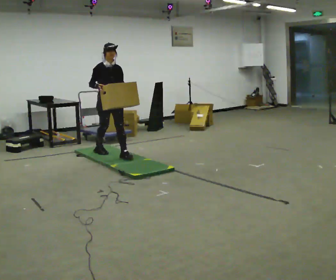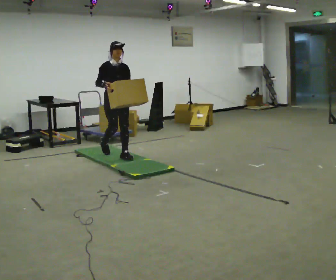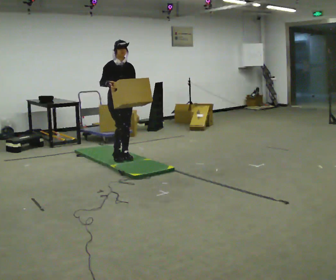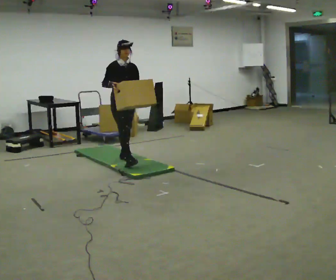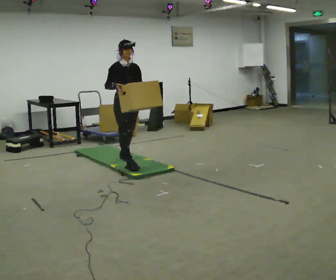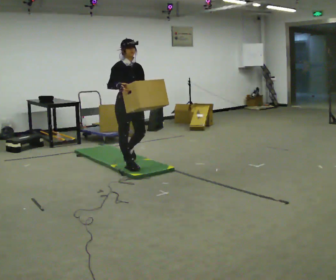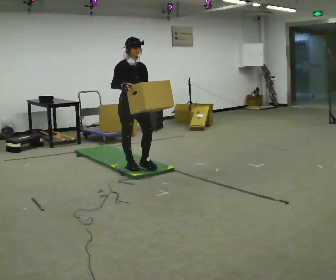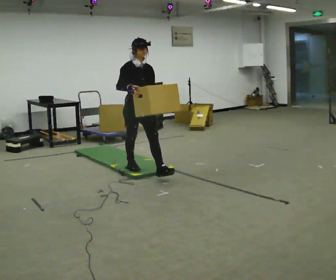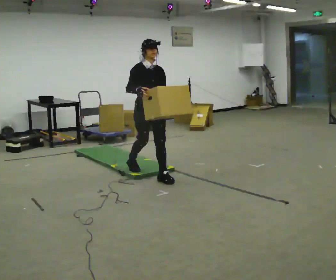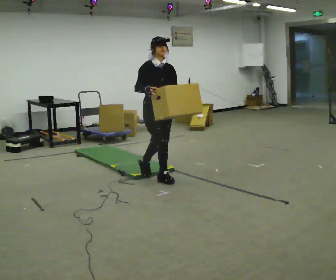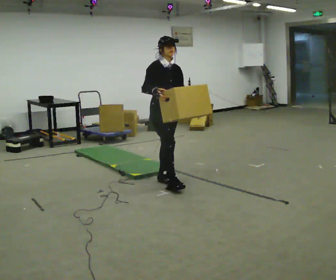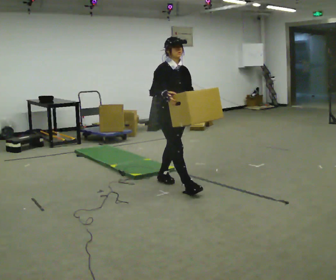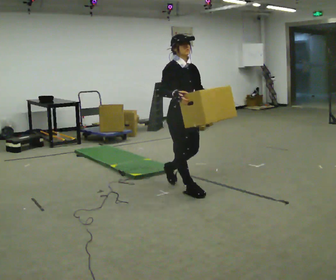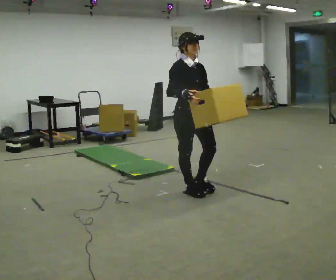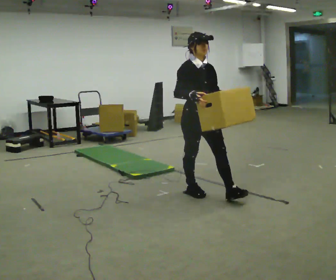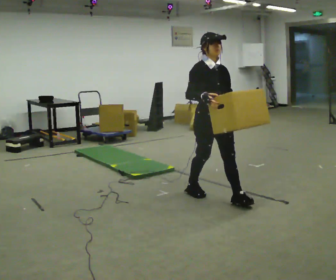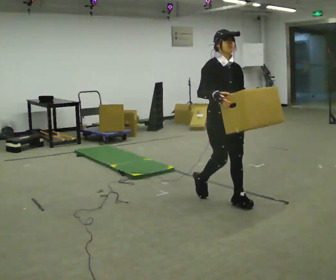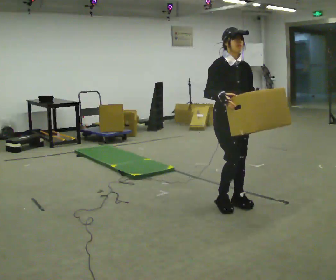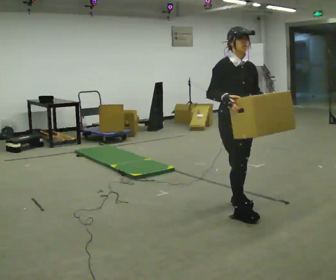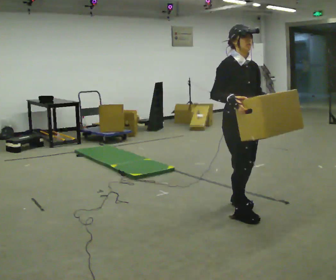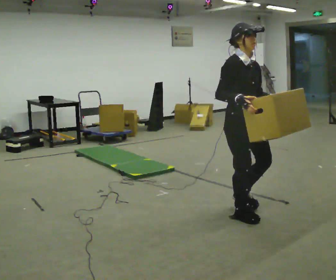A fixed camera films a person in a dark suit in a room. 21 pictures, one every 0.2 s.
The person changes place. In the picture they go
toward the camera.
0.0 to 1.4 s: In the picture they go toward the camera and to the right, about 1 m in 1 step, which for them is forward.
1.4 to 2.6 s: In the picture they go toward the camera and to the right, about 1 m in 2 steps, which for them is forward.
2.6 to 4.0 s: In the picture they go toward the camera and to the right, about 0.5 m in 2 steps, which for them is forward.
The film runs forward here.
